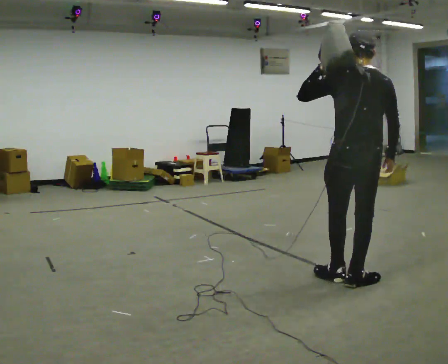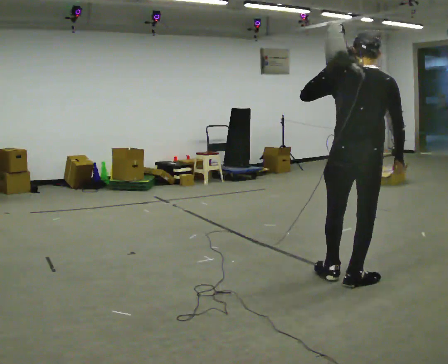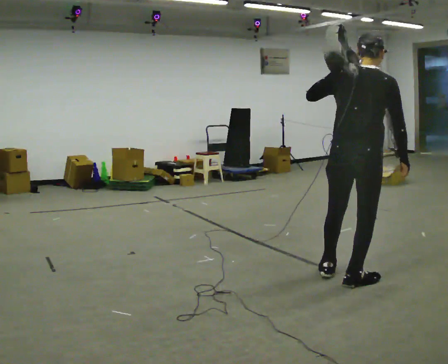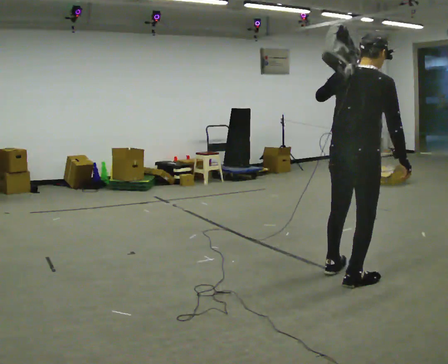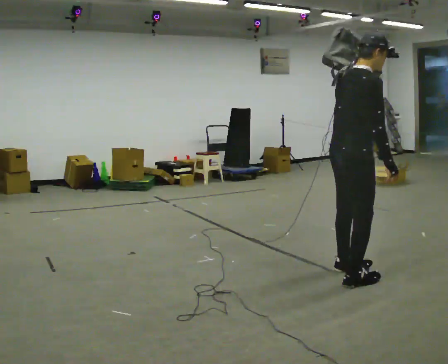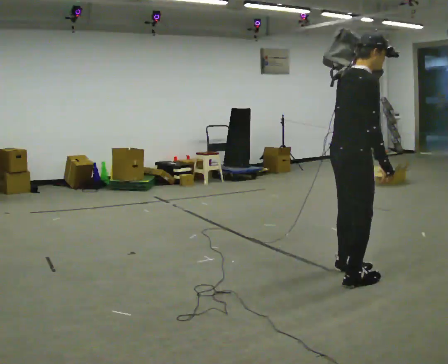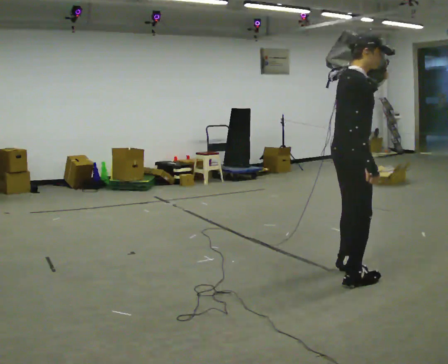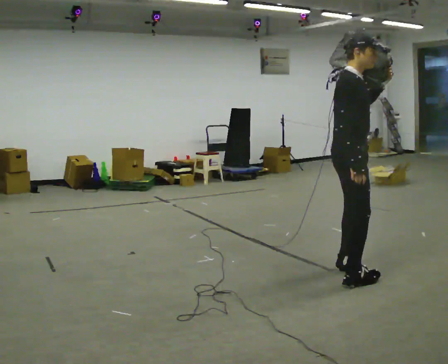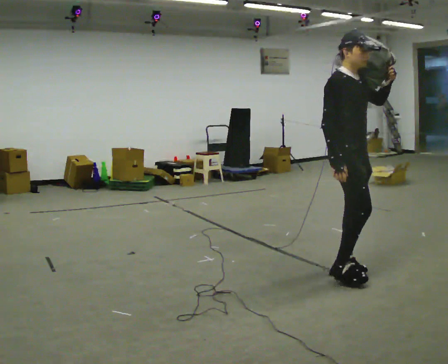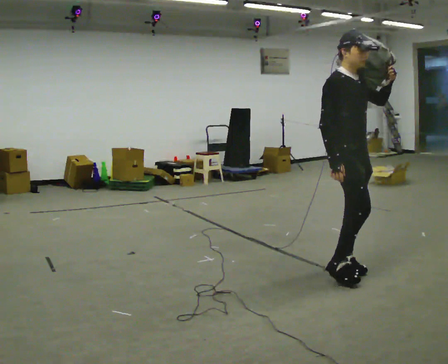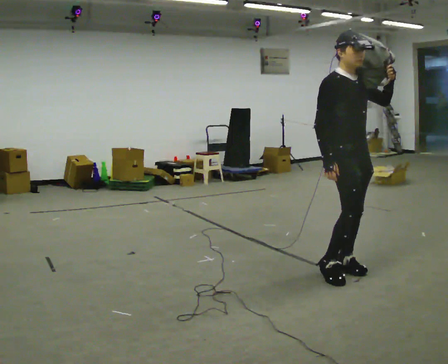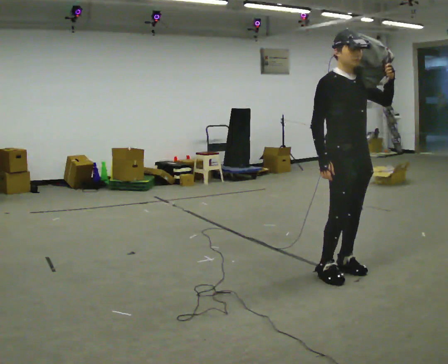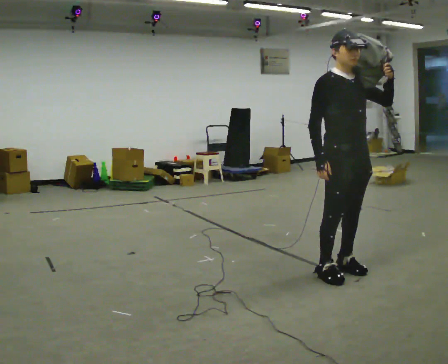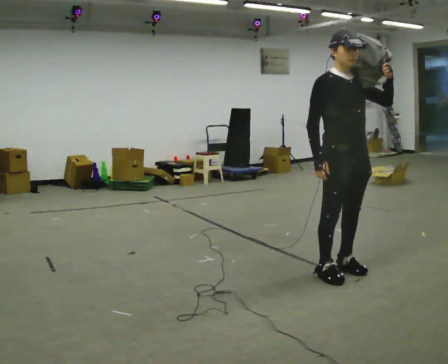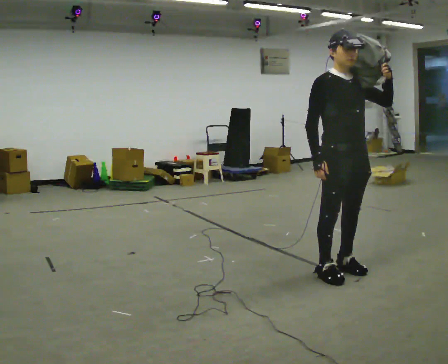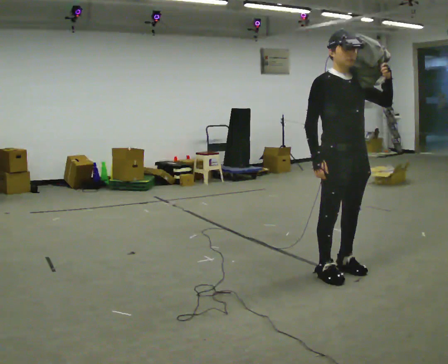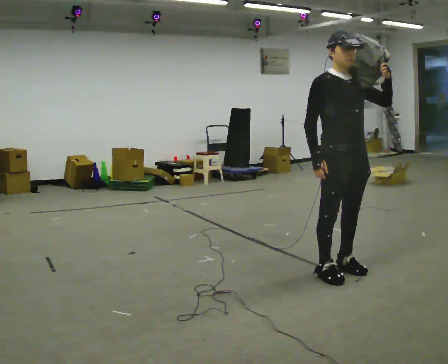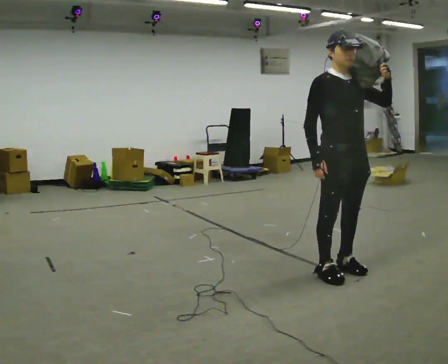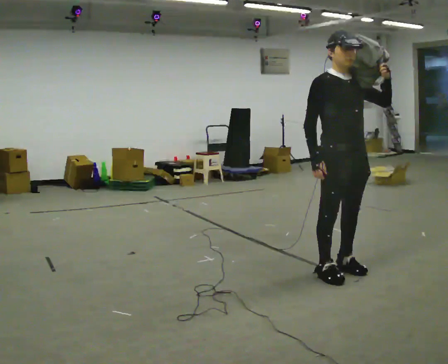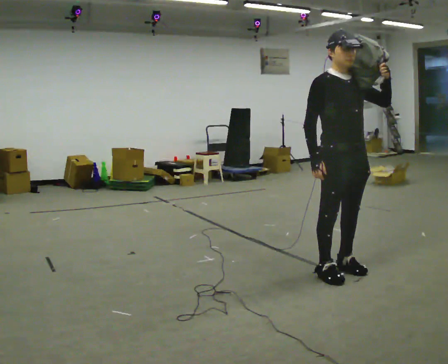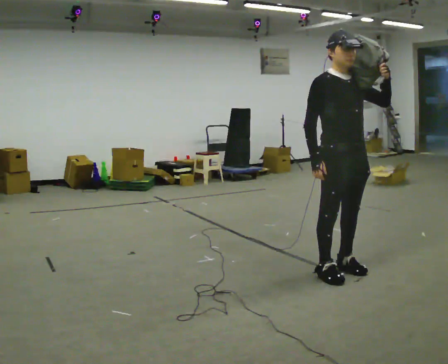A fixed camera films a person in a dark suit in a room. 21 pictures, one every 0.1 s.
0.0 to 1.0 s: Seen from above the body turns clockwise, about 150 degrees: to their right, with its near side sliding to the left. In the picture they go away from the camera, about 0.25 m in 2 steps. In the picture their left hand goes to the right.
1.0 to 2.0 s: The person moves a little, or ends about where they began.
The film runs backward here.
